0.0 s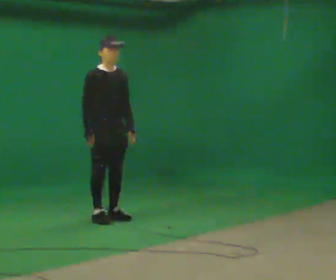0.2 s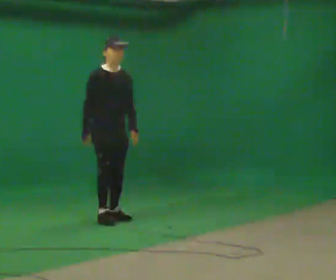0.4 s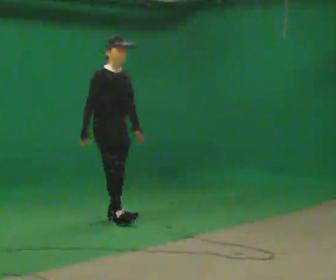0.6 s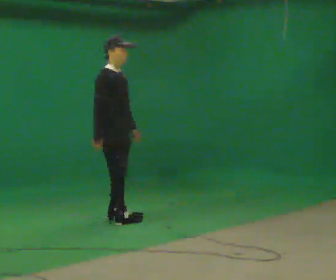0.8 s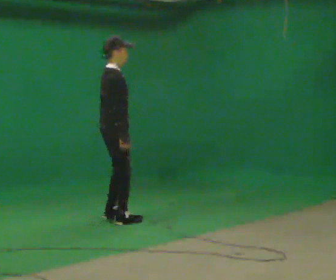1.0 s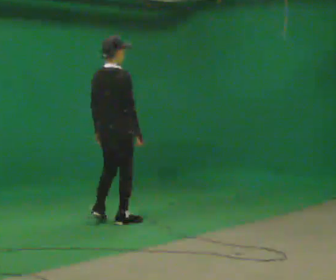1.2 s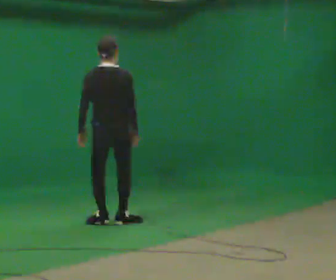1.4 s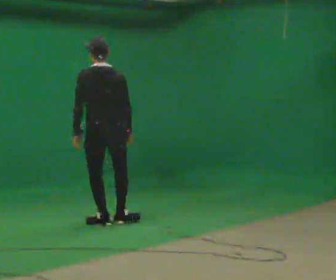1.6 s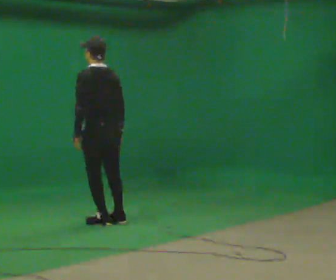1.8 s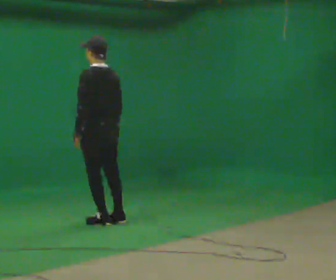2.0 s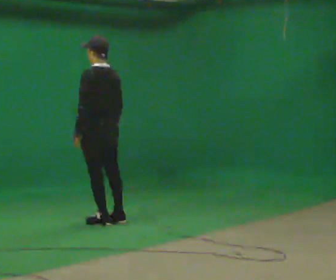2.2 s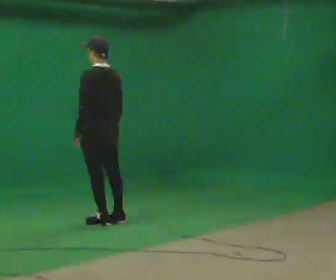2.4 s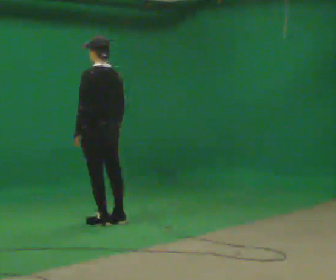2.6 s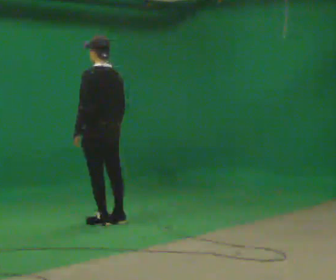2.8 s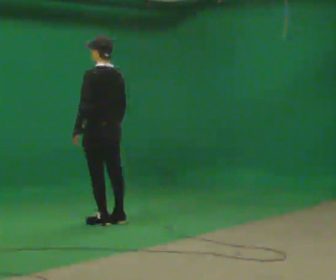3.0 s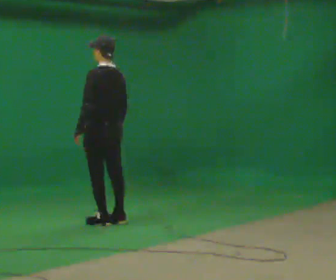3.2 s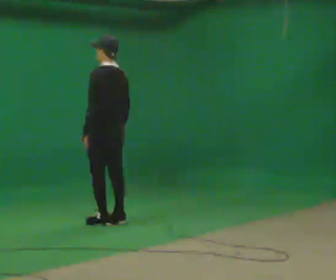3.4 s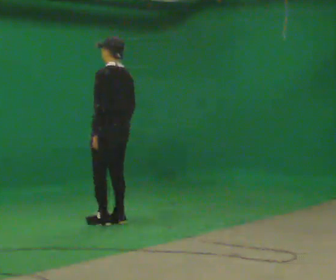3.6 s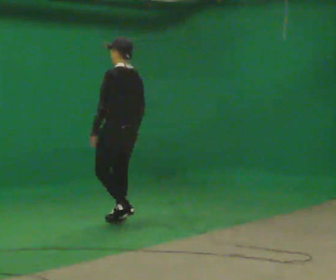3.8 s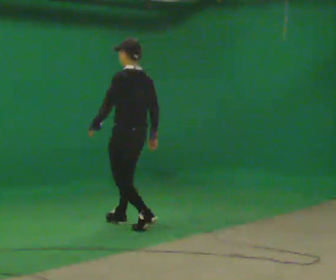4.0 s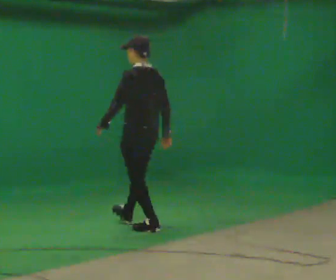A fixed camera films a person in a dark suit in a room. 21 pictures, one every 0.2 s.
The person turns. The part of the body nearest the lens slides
to the right.
The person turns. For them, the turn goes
to their left.
0.0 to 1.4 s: The part of the body nearest the lens slides to the right as the person turns to their left by about 150 degrees. In the picture they go toward the camera, about 0.25 m in 2 steps. In the picture their left hand goes to the left, the arm swinging clockwise.
1.4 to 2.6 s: The person turns about 30 degrees to their left, counterclockwise seen from above, so the part of the body nearest the lens slides to the right.
2.6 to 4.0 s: In the picture they go to the right and toward the camera, about 0.5 m in 2 steps, which for them is backward.
The film runs backward here.
